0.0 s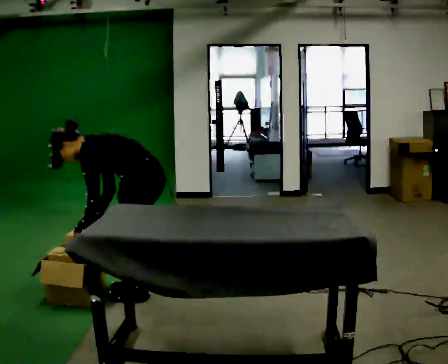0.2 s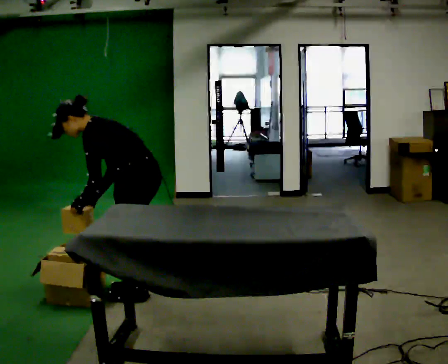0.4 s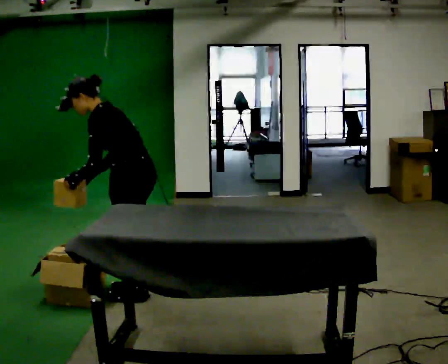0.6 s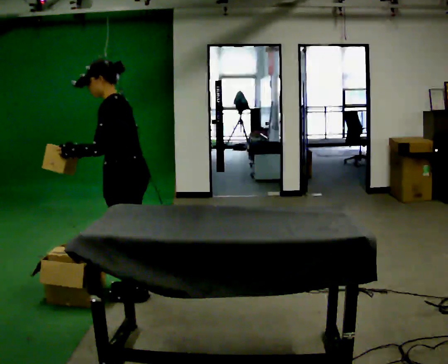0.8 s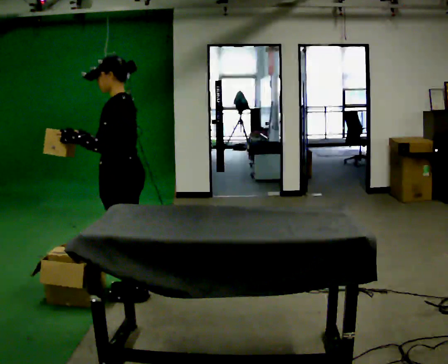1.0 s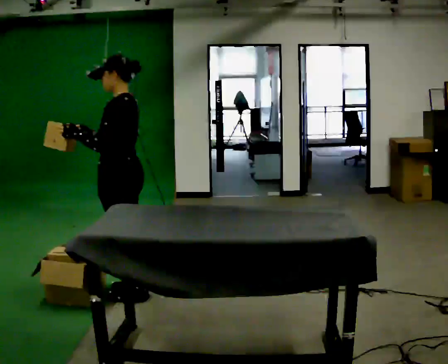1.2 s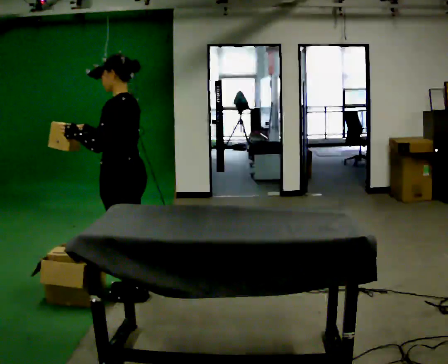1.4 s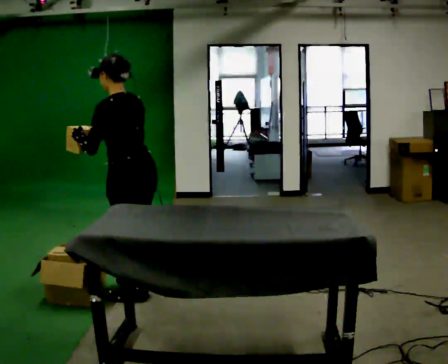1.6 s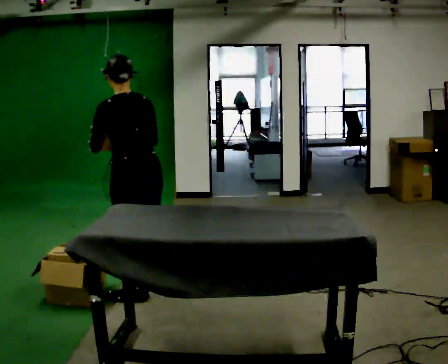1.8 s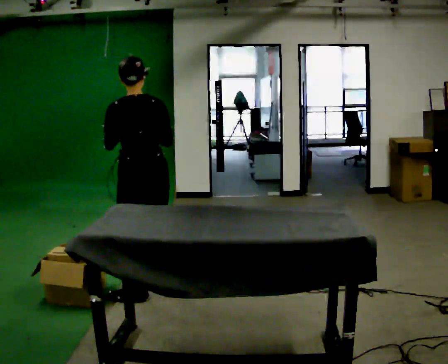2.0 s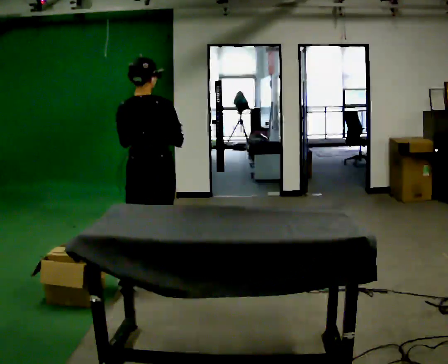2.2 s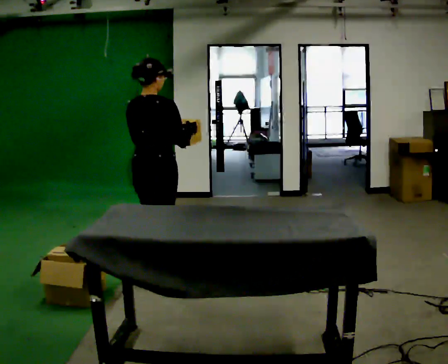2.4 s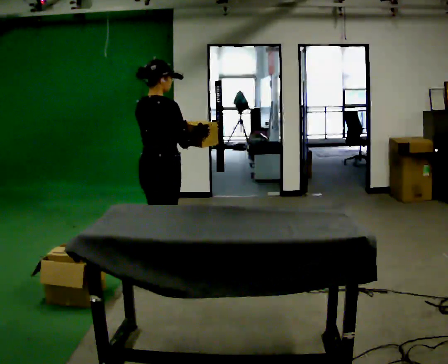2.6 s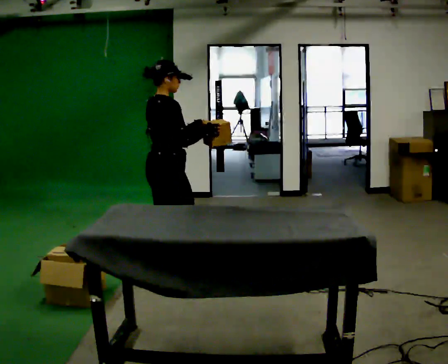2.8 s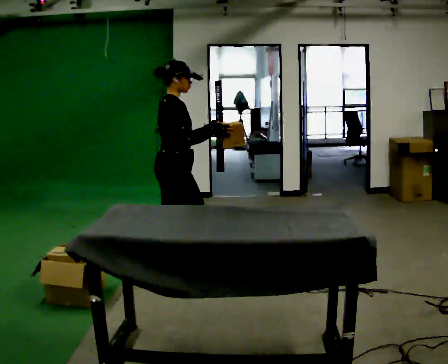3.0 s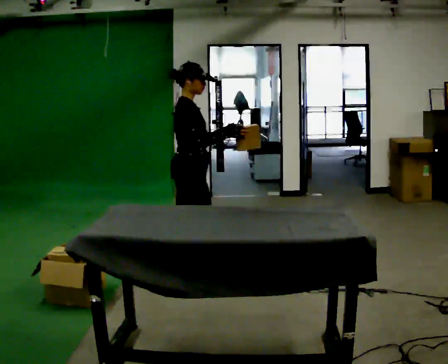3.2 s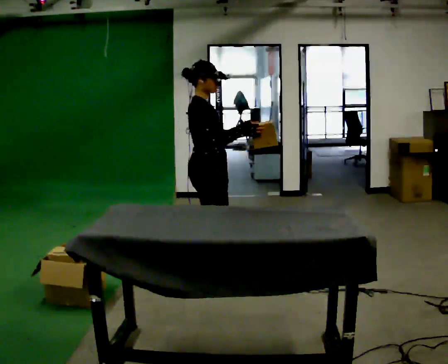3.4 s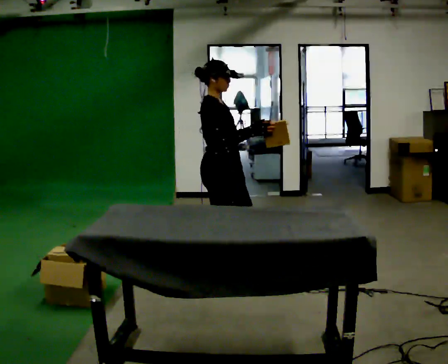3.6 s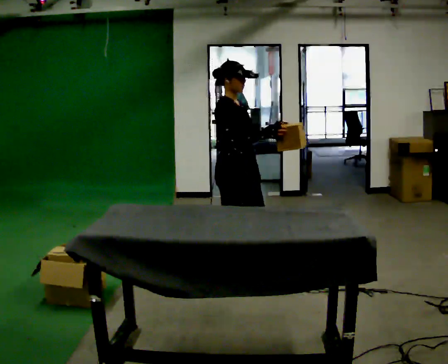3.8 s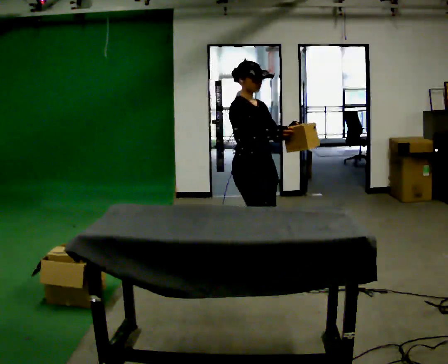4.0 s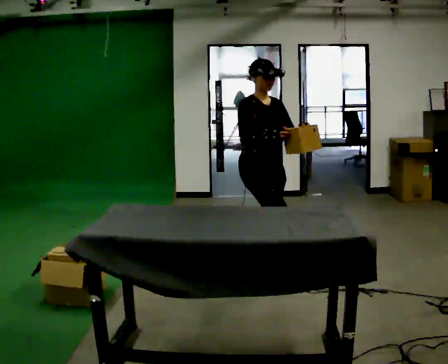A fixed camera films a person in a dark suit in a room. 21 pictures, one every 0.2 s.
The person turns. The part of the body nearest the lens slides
to the left.
The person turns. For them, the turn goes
to their right.
0.0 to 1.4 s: The part of the body nearest the lens slides to the left as the person turns to their right by about 30 degrees. The upper body goes upward. In the picture the upper body tilts clockwise, shoulders to the right, as they lean back or straighten. In the picture their left hand goes upward.
1.4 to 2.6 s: The person turns about 120 degrees to their right, clockwise seen from above, so the part of the body nearest the lens slides to the left. In the picture they go away from the camera and to the right, about 0.5 m in 1 step. In the picture the upper body tilts clockwise, shoulders to the right.
2.6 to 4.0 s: The person turns about 75 degrees to their right, clockwise seen from above, so the part of the body nearest the lens slides to the left. In the picture they go to the right, about 0.75 m in 2 steps.
The film runs forward here.
